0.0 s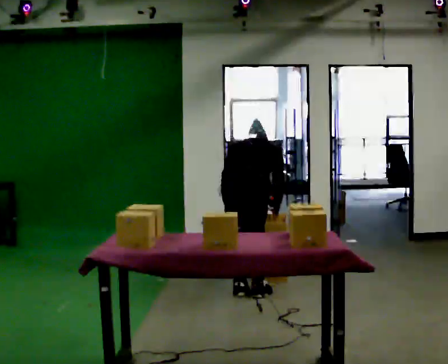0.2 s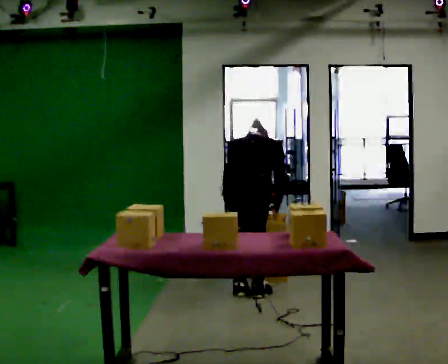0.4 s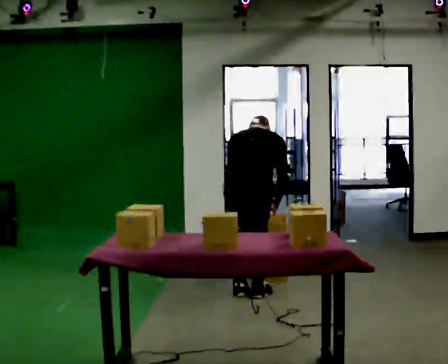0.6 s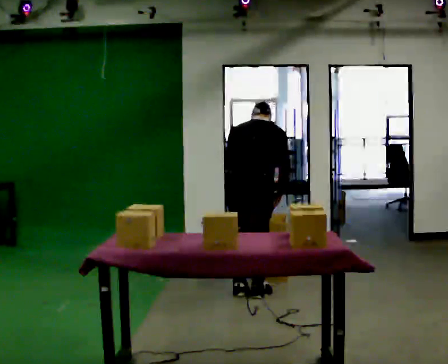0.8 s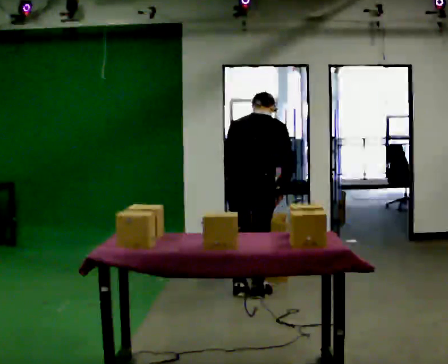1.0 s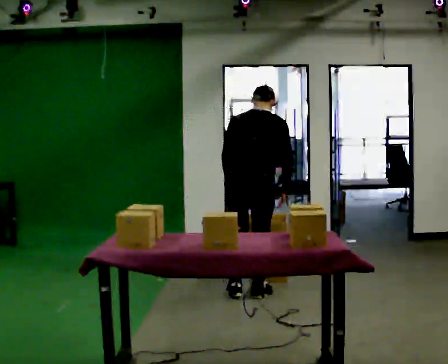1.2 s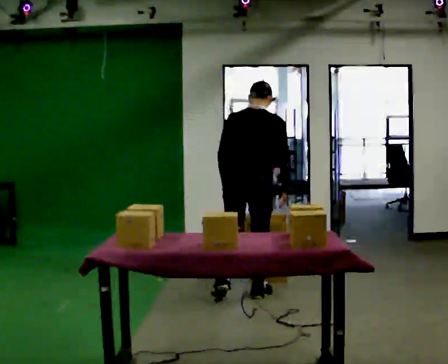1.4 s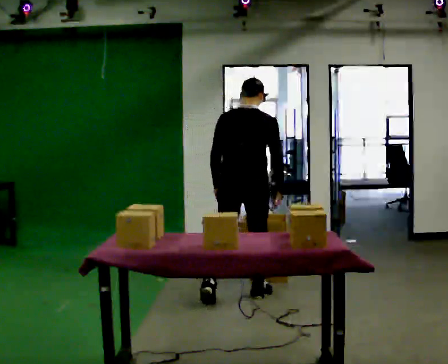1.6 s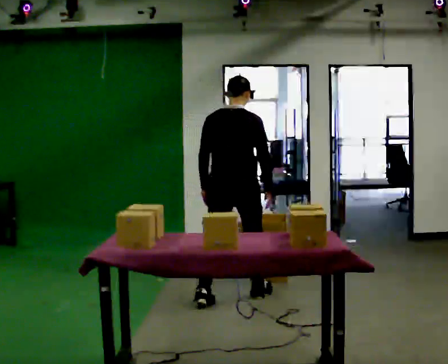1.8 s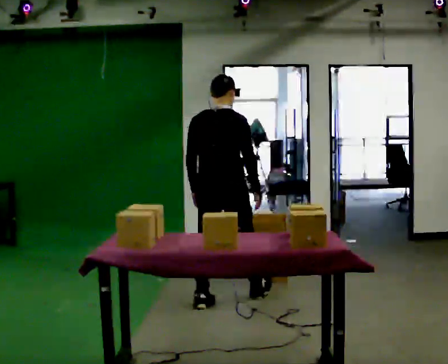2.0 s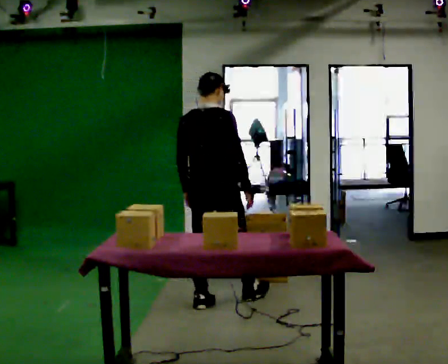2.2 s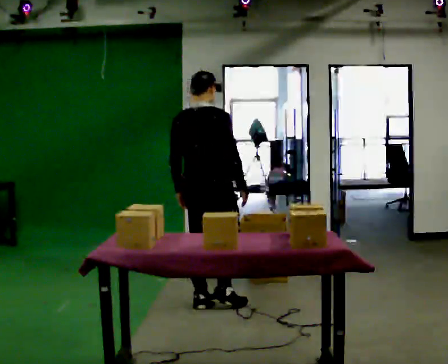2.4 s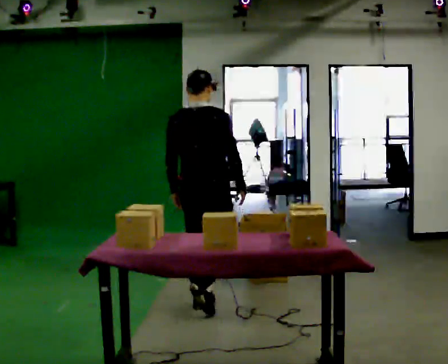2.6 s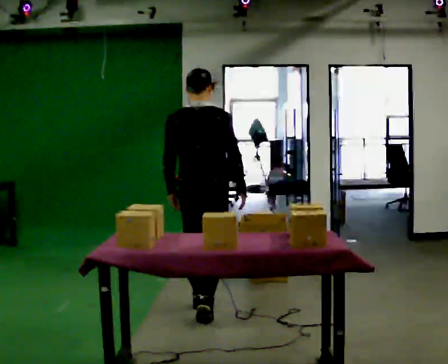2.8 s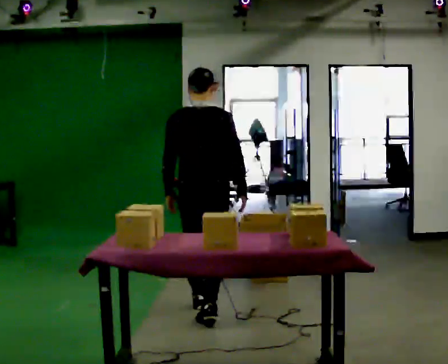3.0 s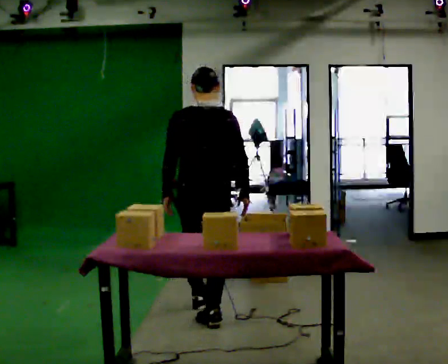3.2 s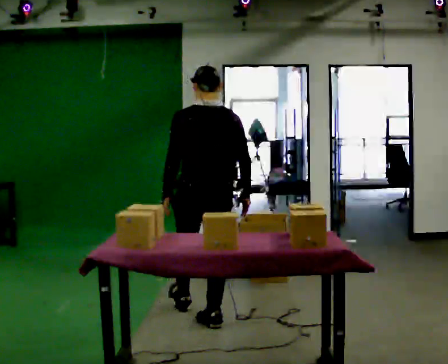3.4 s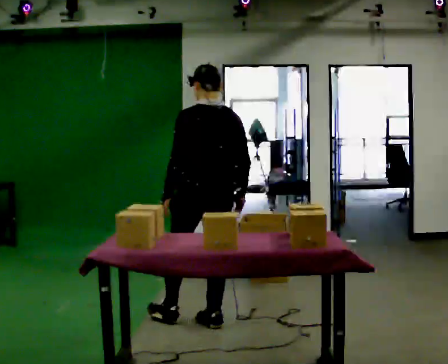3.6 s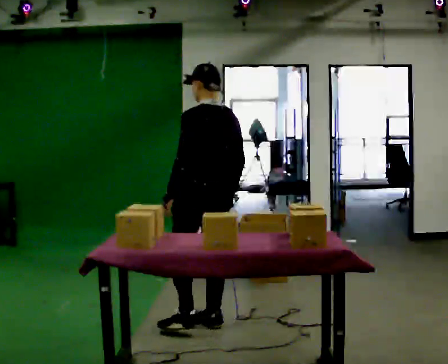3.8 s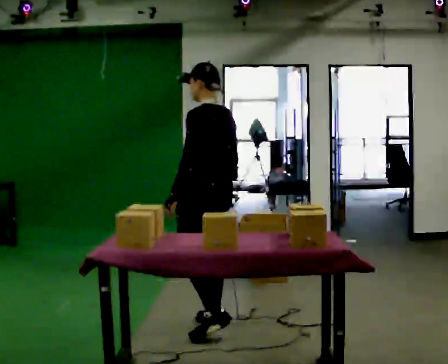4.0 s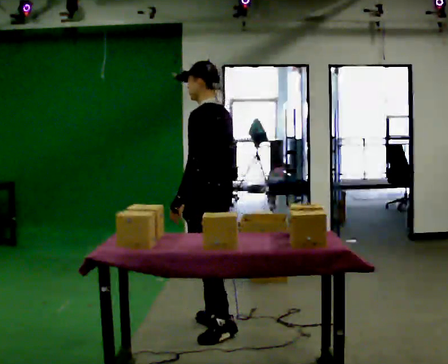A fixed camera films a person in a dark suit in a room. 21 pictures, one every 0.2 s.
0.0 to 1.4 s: The upper body goes upward. The upper body tips toward the camera, its near side rolling downward, as they lean back or straighten.
1.4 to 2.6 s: In the picture they go toward the camera and to the left, about 0.5 m in 1 step, which for them is backward.
2.6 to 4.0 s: The part of the body nearest the lens slides to the right as the person turns to their left by about 90 degrees. In the picture they go toward the camera, about 0.5 m in 1 step.
The film runs backward here.
